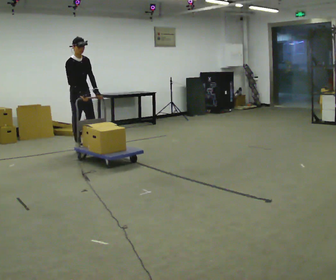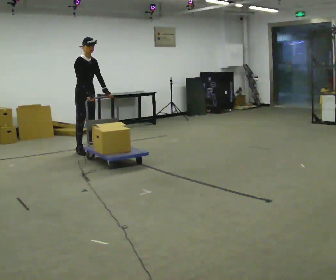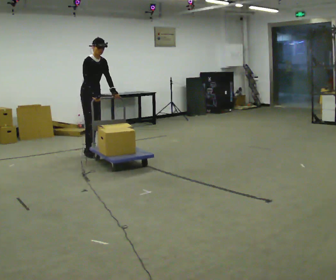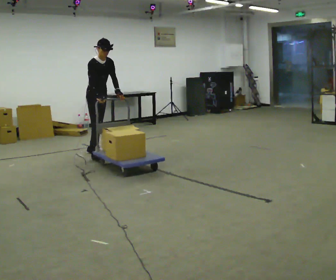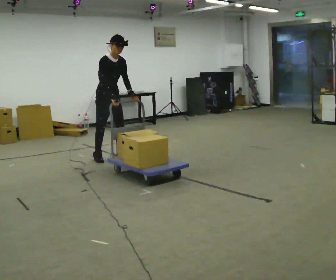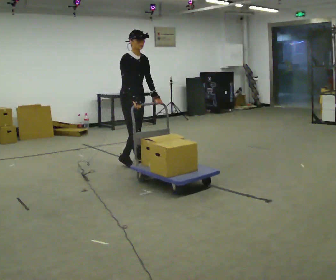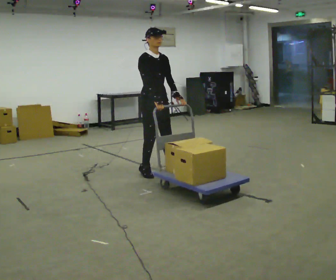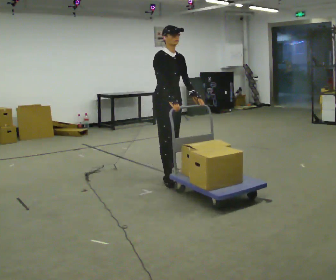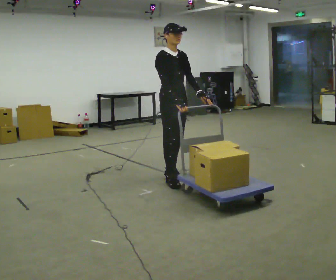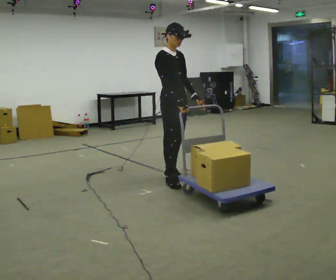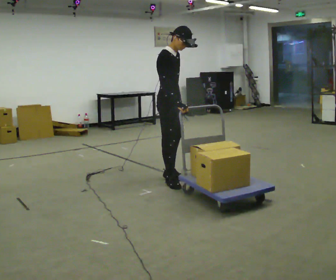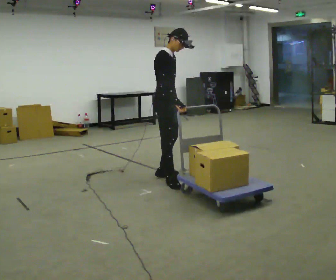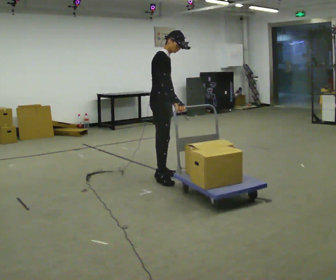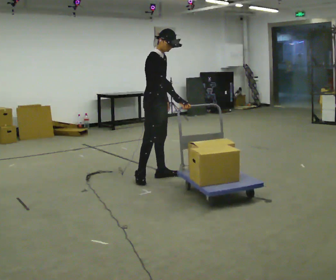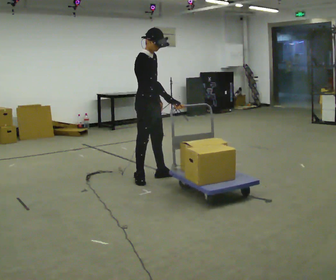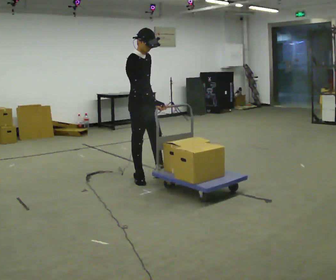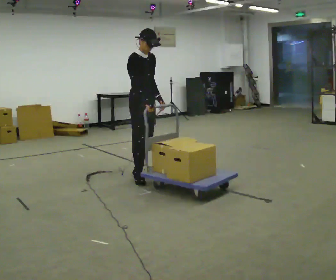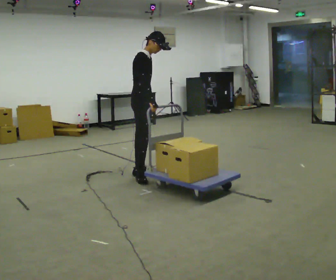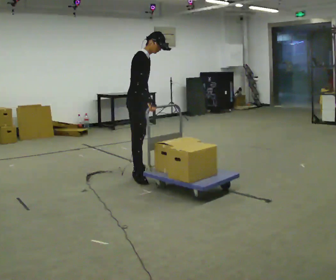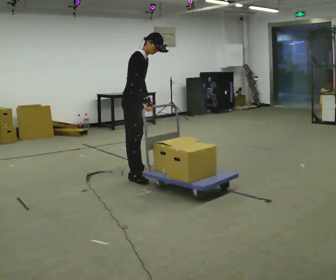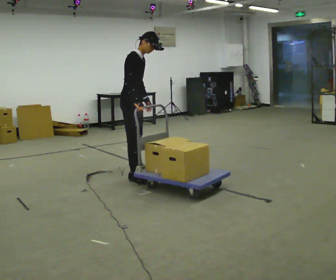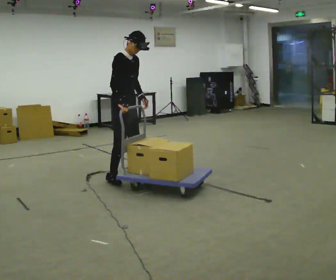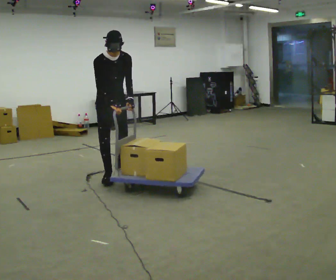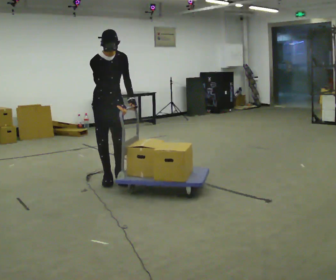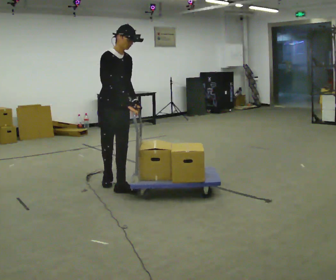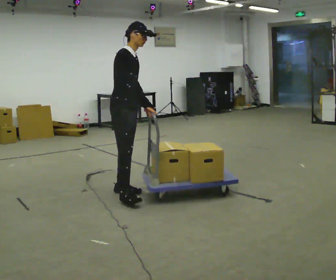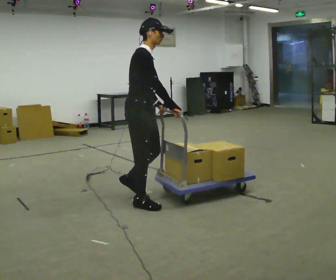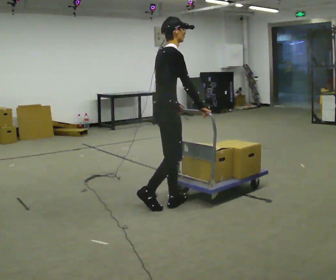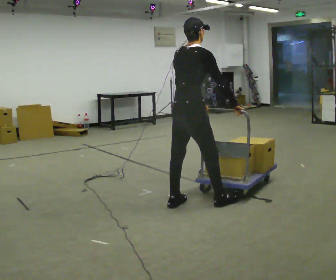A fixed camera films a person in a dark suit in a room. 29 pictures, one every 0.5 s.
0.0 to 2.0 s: In the picture they go toward the camera and to the right, about 0.5 m in 2 steps, which for them is forward.
2.0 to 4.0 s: In the picture they go toward the camera and to the right, about 1.5 m in 4 steps, which for them is forward.
4.0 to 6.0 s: Seen from above the body turns counterclockwise, about 30 degrees: to their left, with its near side sliding to the right. In the picture they go away from the camera, about 0.25 m, which for them is backward. In the picture their left hand goes to the left.
6.0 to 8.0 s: In the picture they go to the left, about 0.25 m in 2 steps, which for them is backward.
8.0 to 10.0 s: The person moves a little, or ends about where they began.
10.0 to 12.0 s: The person turns about 45 degrees to their right, clockwise seen from above, so the part of the body nearest the lens slides to the left. In the picture they go toward the camera, about 0.5 m in 3 steps.
12.0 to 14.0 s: The part of the body nearest the lens slides to the right as the person turns to their left by about 90 degrees. In the picture they go to the right and toward the camera, about 1 m in 2 steps.
The film runs forward here.
